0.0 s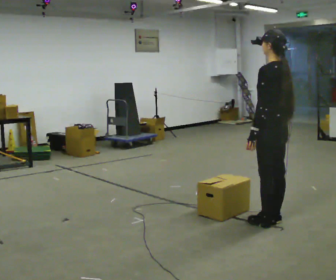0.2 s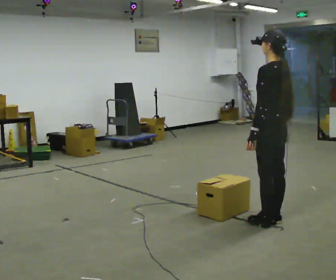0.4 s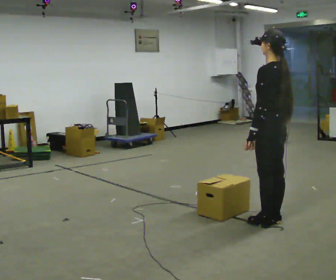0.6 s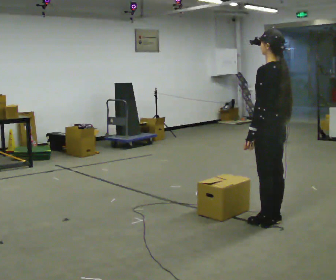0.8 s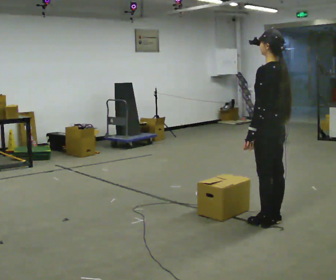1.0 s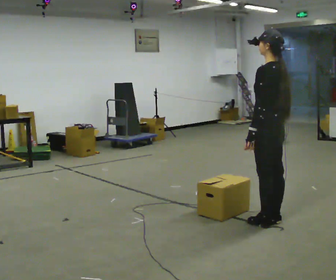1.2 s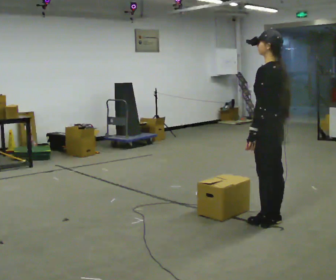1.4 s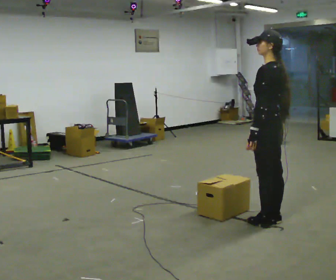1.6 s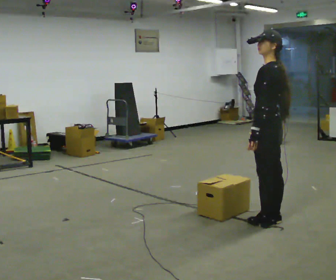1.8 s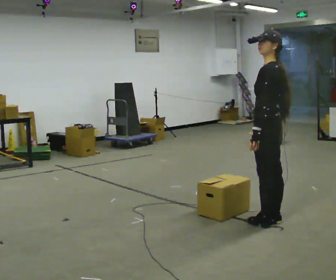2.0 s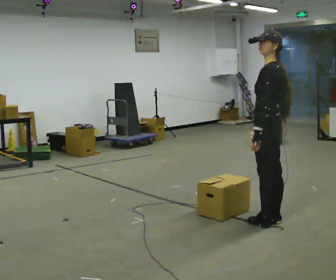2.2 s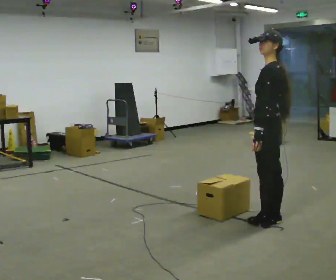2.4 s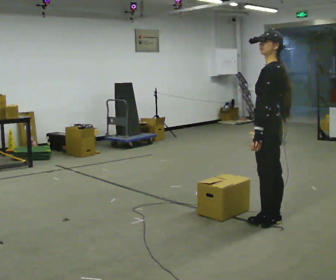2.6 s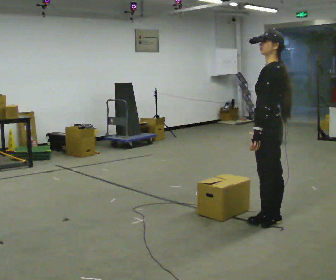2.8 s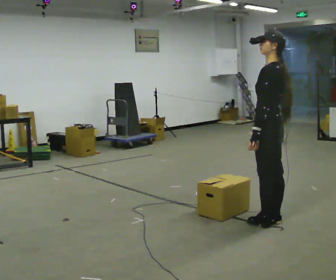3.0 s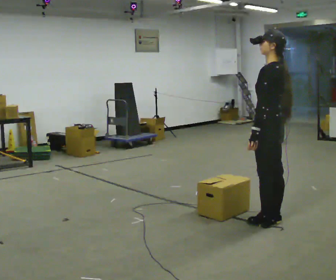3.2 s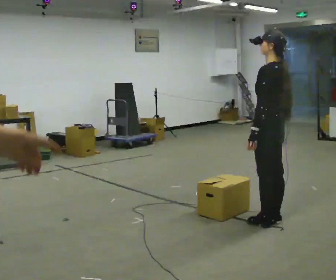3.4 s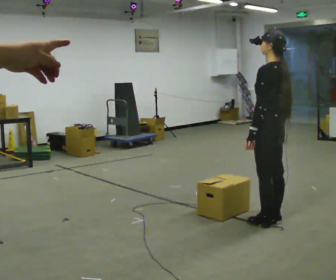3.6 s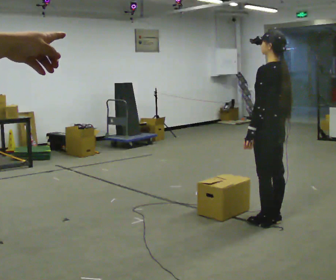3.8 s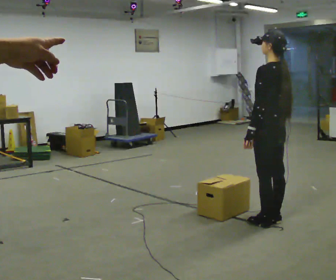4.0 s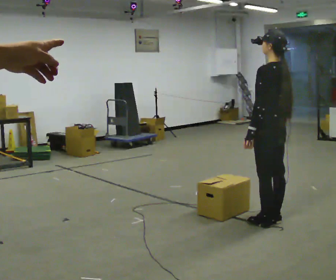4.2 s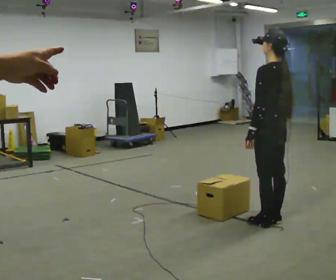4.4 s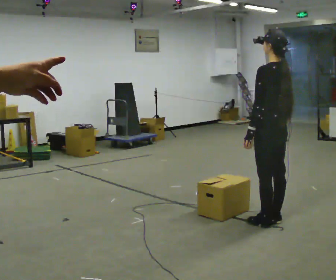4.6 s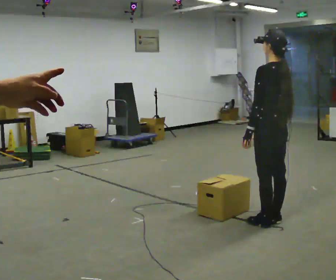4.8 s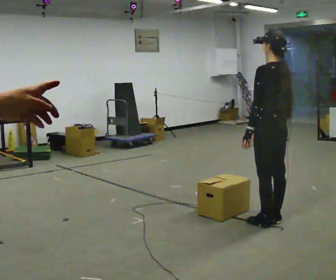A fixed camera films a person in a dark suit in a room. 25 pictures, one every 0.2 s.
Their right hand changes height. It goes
upward.
0.0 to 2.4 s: The person moves a little, or ends about where they began.
2.4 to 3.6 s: In the picture their right hand goes upward.
3.6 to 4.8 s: The person moves a little, or ends about where they began.
The film runs backward here.
